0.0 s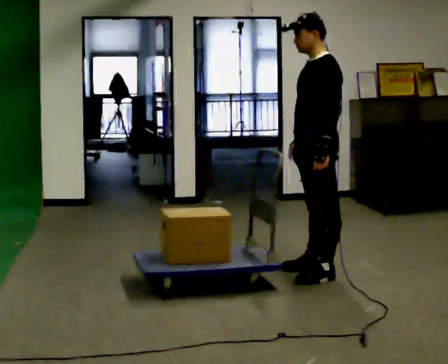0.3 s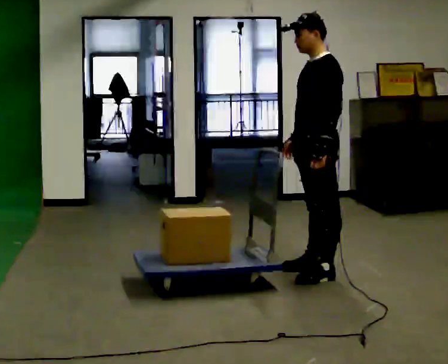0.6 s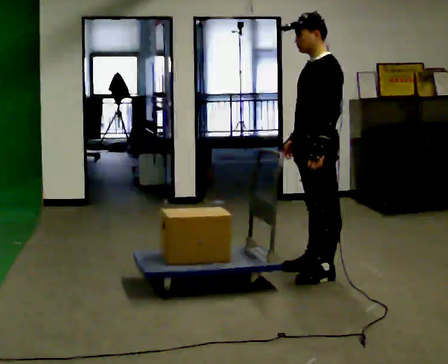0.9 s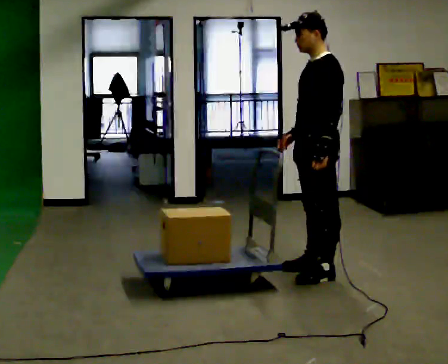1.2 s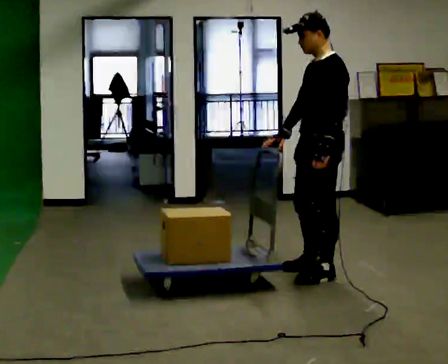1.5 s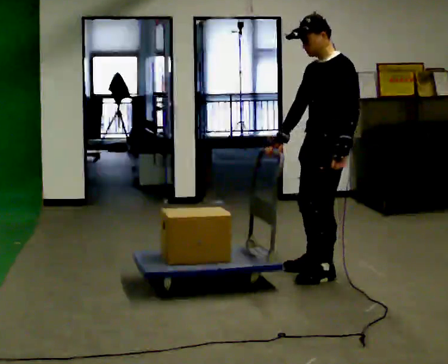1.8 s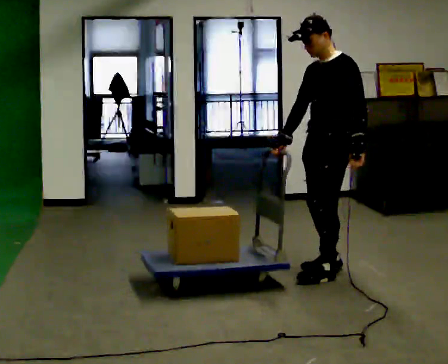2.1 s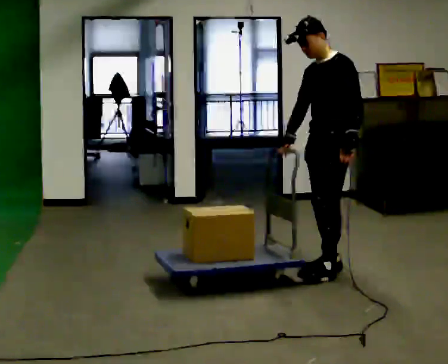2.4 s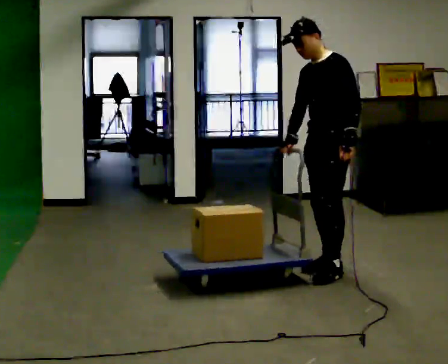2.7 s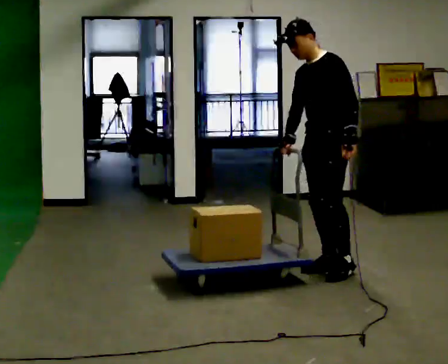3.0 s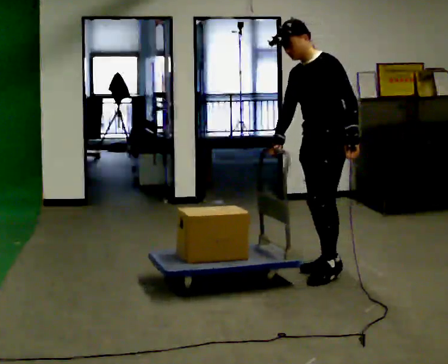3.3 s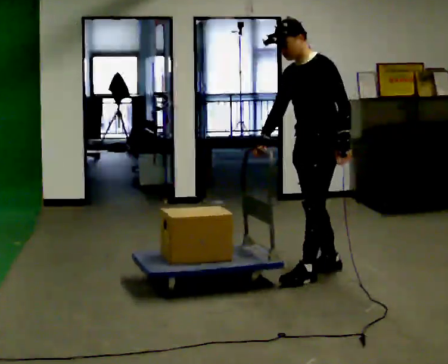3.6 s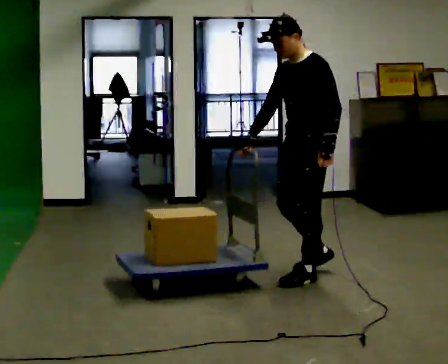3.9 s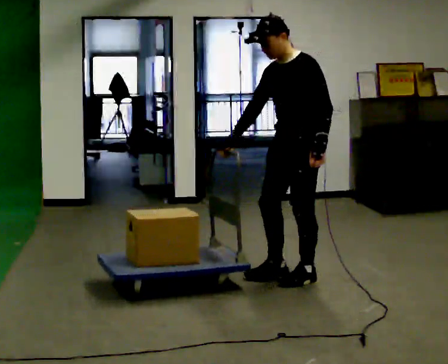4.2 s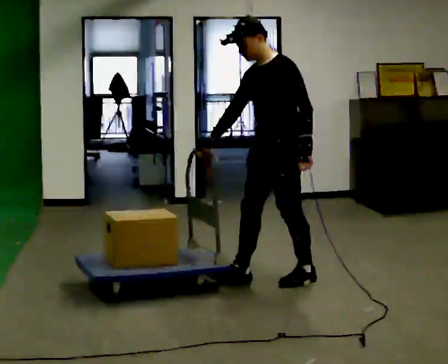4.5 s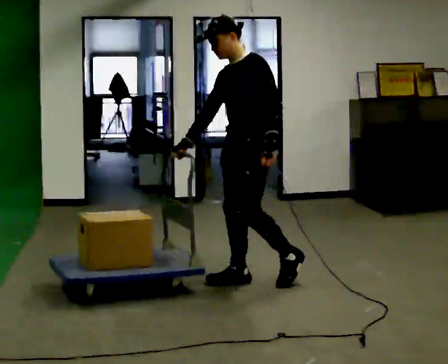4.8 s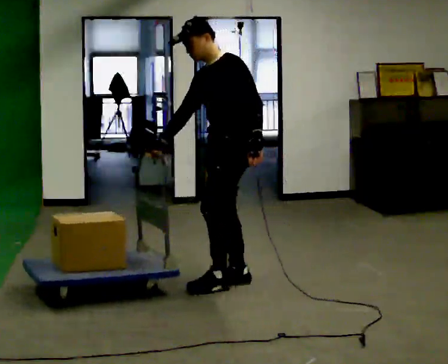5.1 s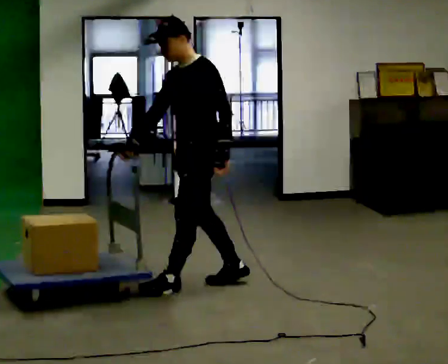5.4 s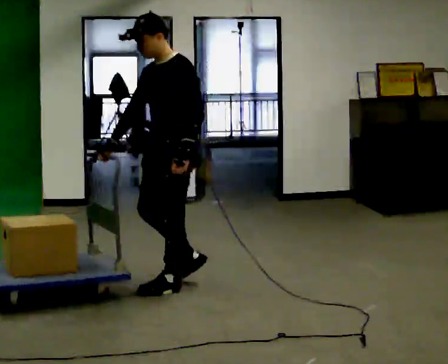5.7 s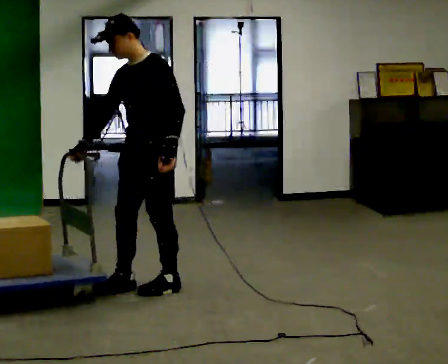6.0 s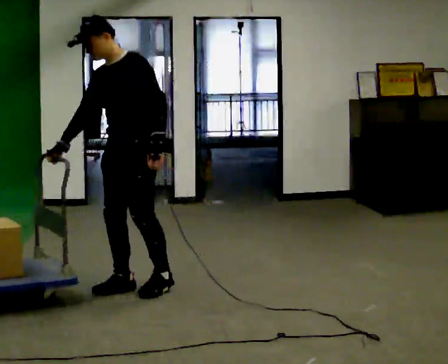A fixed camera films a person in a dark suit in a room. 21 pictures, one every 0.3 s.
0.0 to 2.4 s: The person moves a little, or ends about where they began.
2.4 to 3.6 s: In the picture they go toward the camera, about 0.25 m in 2 steps, which for them is forward.
3.6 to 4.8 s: In the picture they go to the left, about 0.5 m in 1 step, which for them is forward.
4.8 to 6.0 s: Seen from above the body turns counterclockwise, about 30 degrees: to their left, with its near side sliding to the right. In the picture they go to the left and toward the camera, about 0.75 m in 2 steps, which for them is forward.
The film runs forward here.
